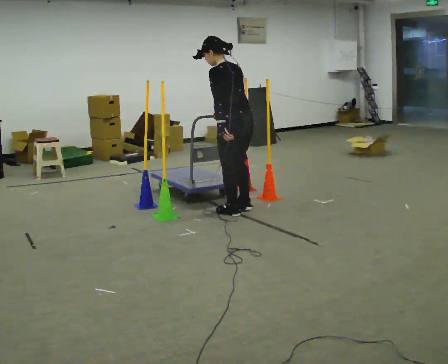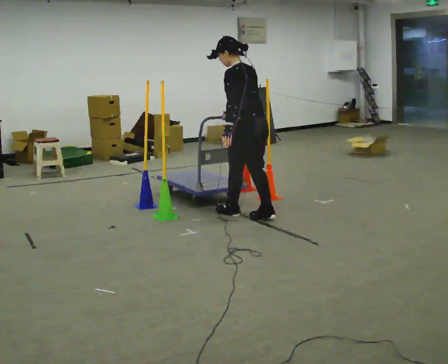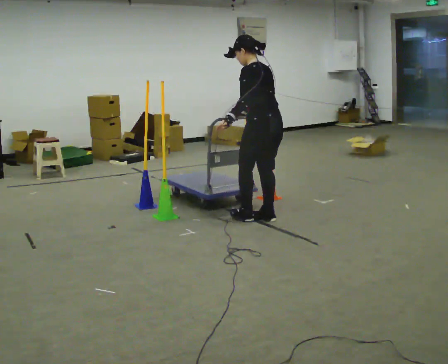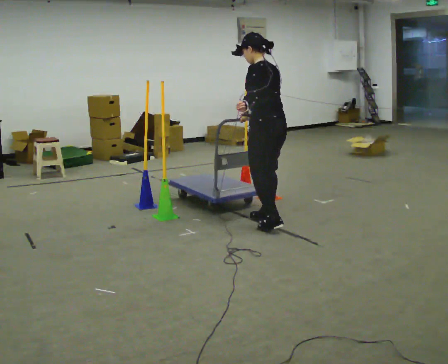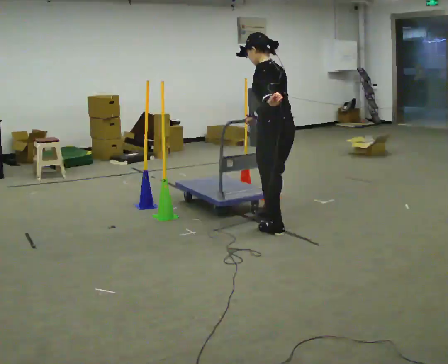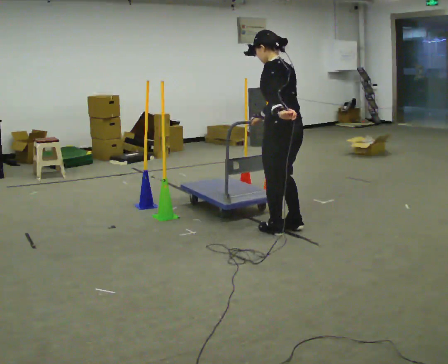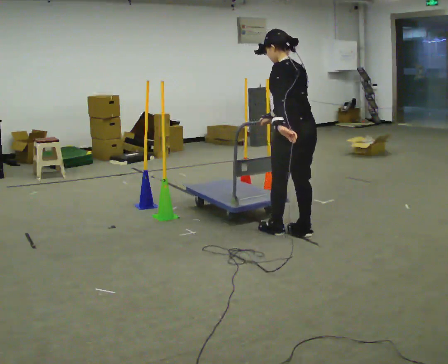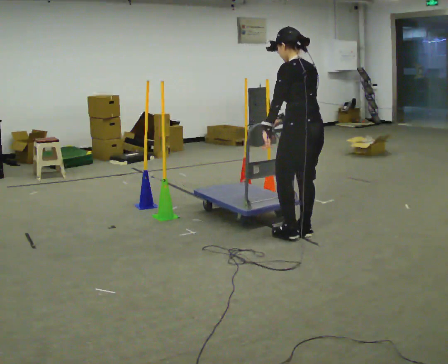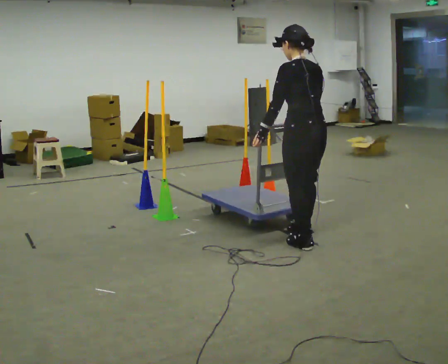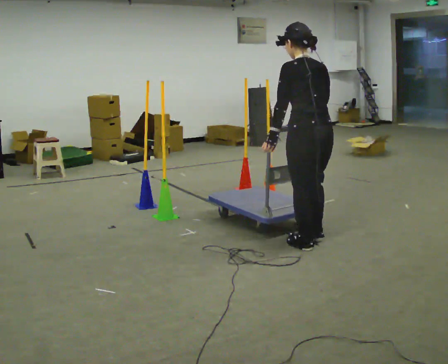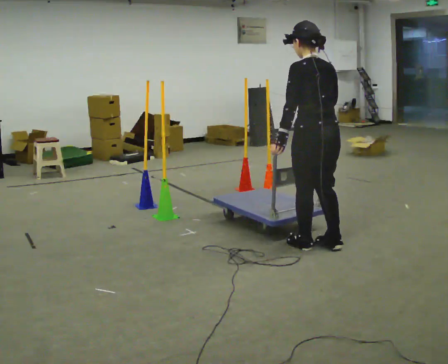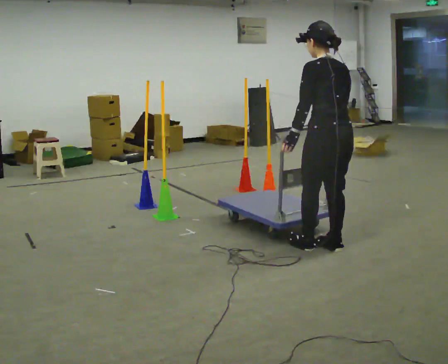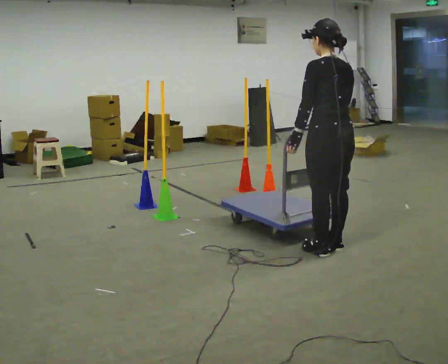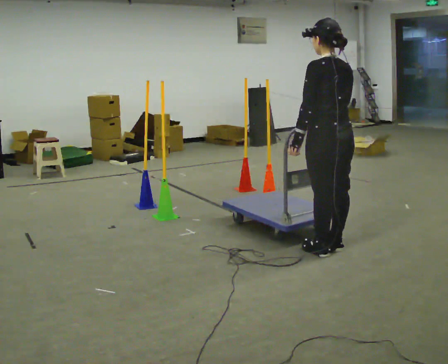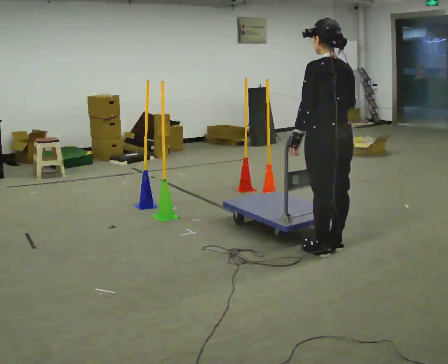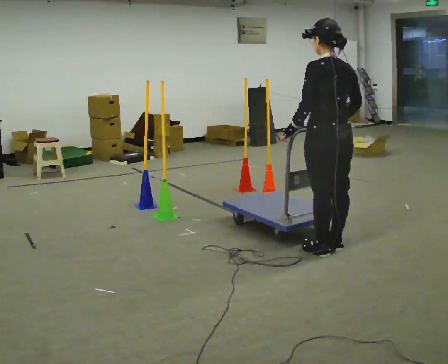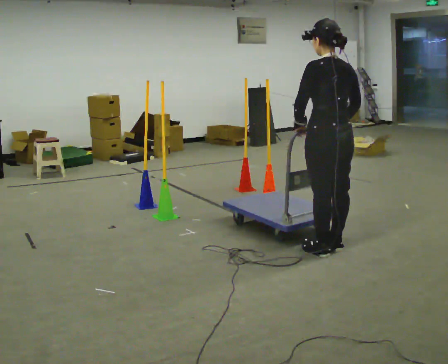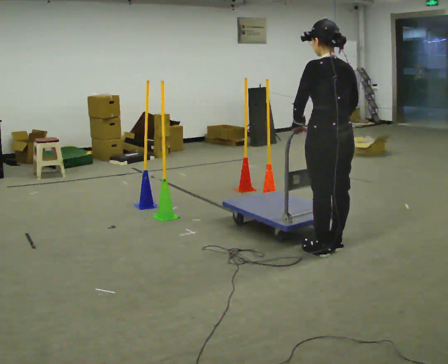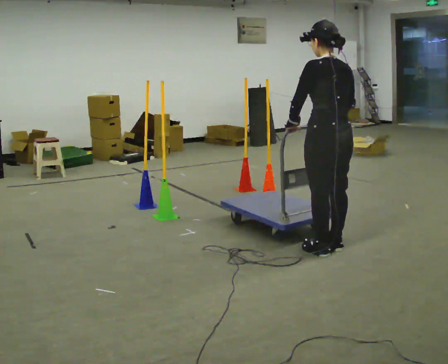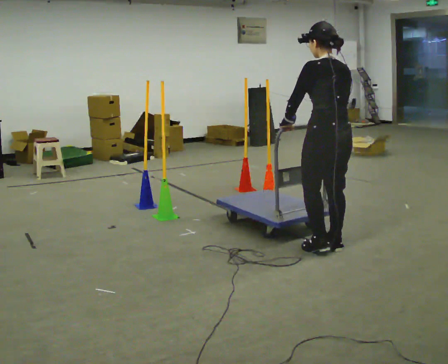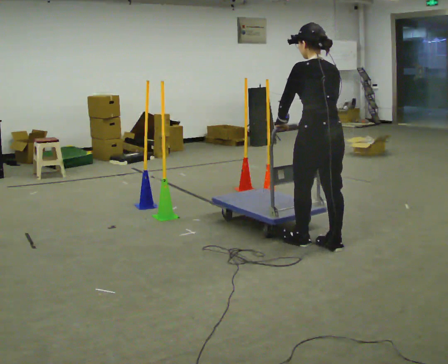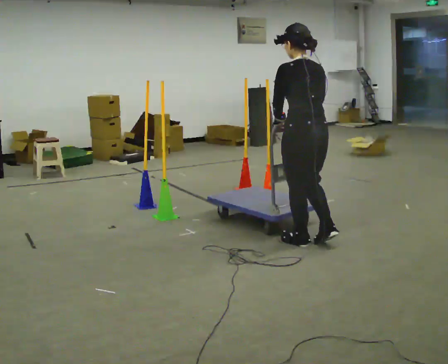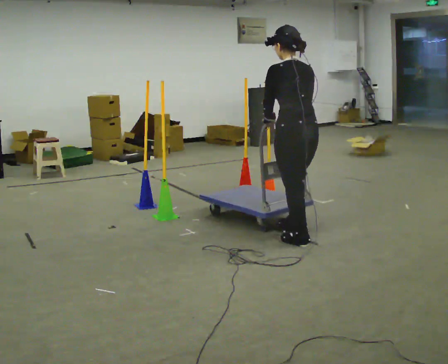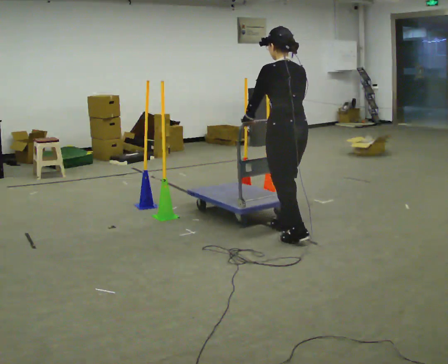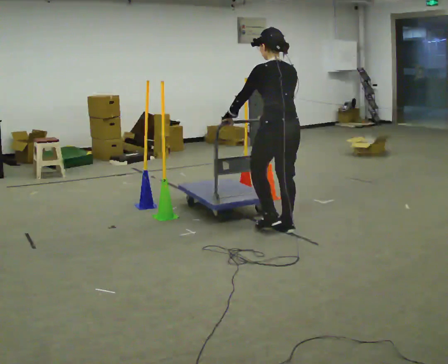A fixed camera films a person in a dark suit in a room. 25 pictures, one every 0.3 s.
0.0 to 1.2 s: In the picture they go to the right and toward the camera, about 0.5 m in 2 steps, which for them is backward.
1.2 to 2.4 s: In the picture they go toward the camera and to the right, about 0.25 m in 2 steps, which for them is backward.
2.4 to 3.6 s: In the picture they go to the right and toward the camera, about 0.25 m in 2 steps, which for them is backward.
3.6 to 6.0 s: The person moves a little, or ends about where they began.
6.0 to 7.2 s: In the picture they go to the left and away from the camera, about 0.5 m in 1 step, which for them is forward.
The film runs forward here.
